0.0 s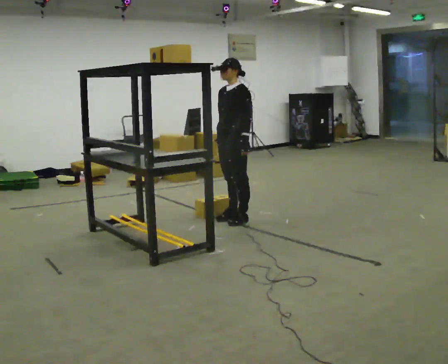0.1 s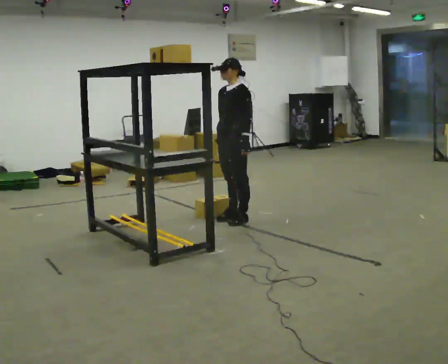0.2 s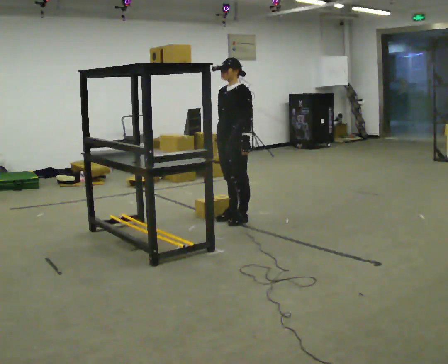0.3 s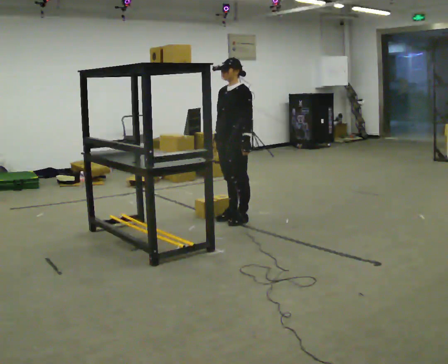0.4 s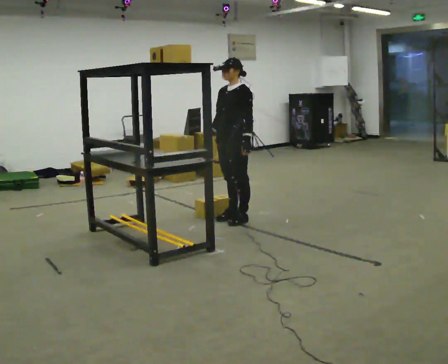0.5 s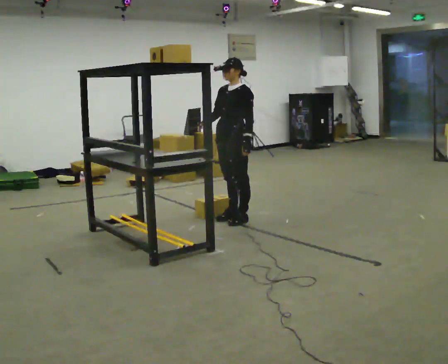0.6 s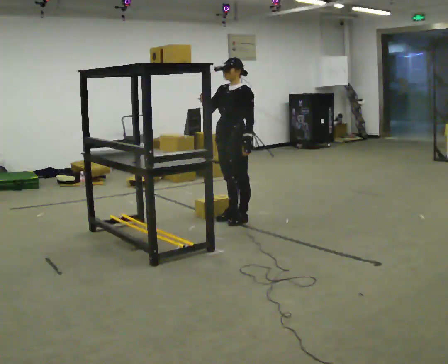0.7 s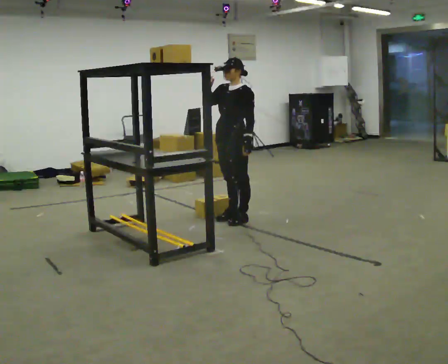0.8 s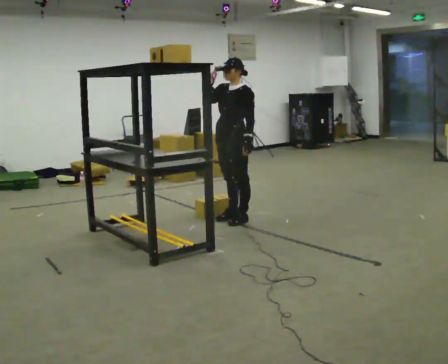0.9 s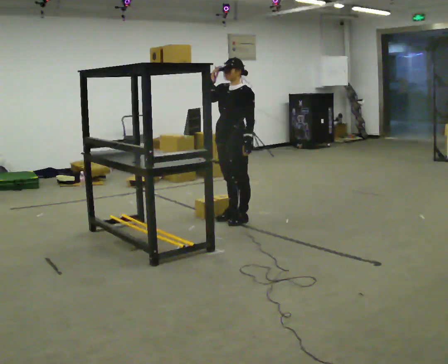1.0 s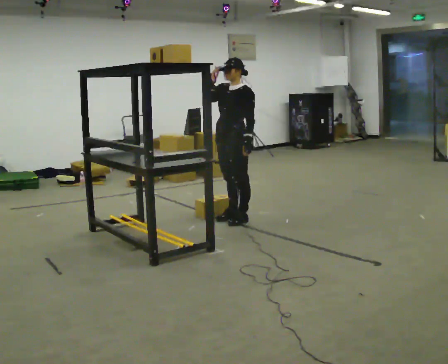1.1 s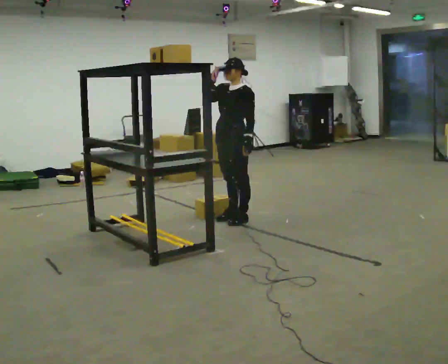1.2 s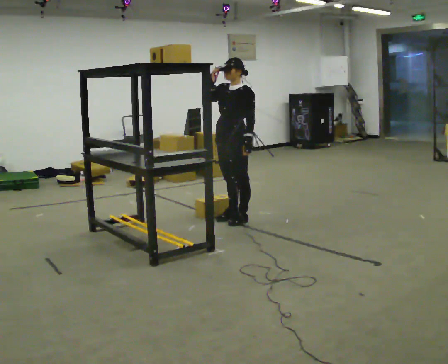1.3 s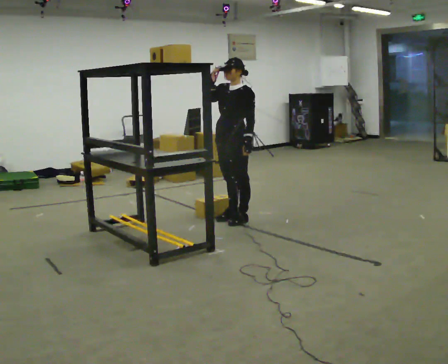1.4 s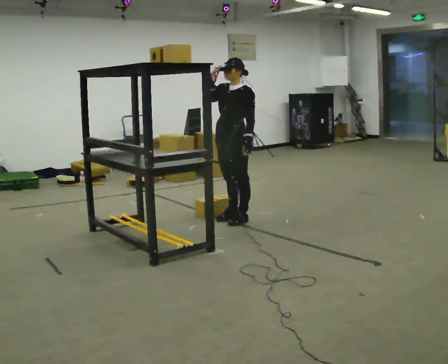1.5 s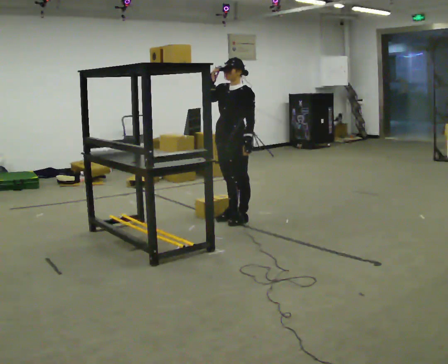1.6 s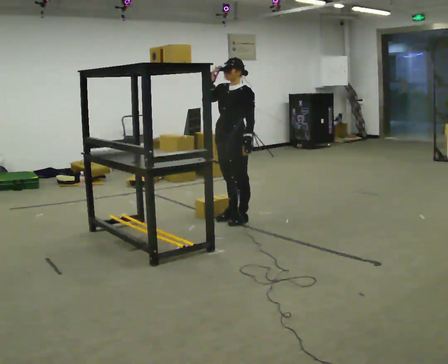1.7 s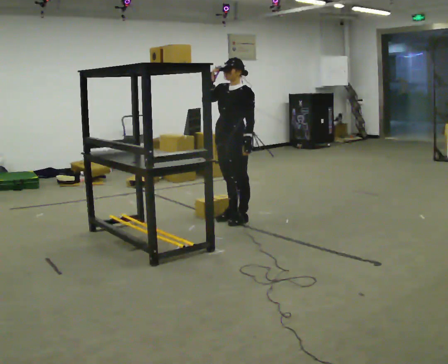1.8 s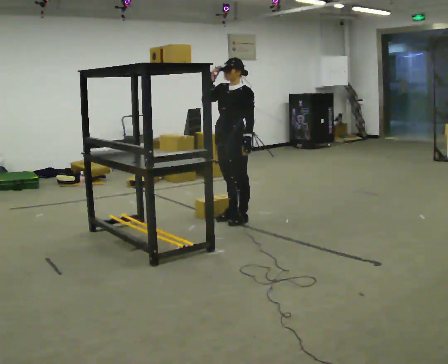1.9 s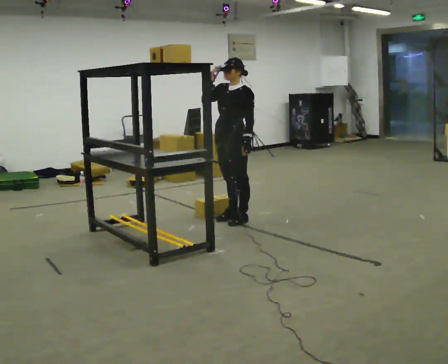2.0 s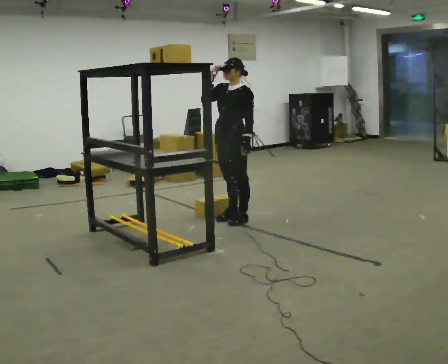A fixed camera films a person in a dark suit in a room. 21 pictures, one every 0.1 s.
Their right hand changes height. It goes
upward.
0.0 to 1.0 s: In the picture their right hand goes upward.
1.0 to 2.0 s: The person keeps their place and pose.
The film runs backward here.
